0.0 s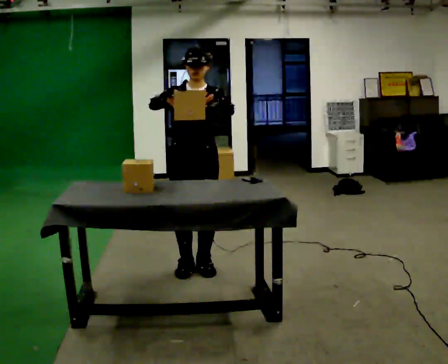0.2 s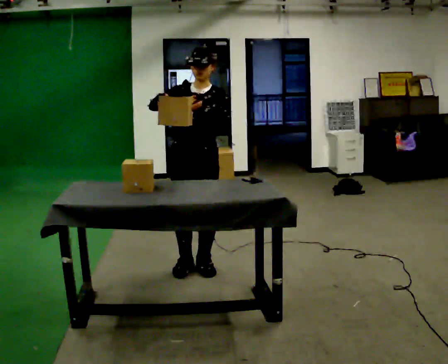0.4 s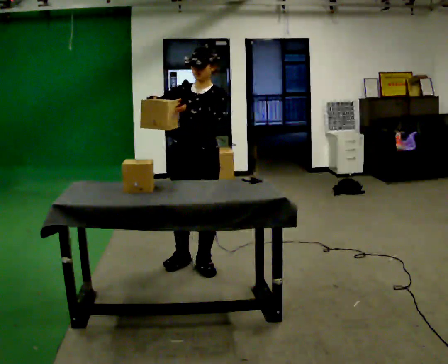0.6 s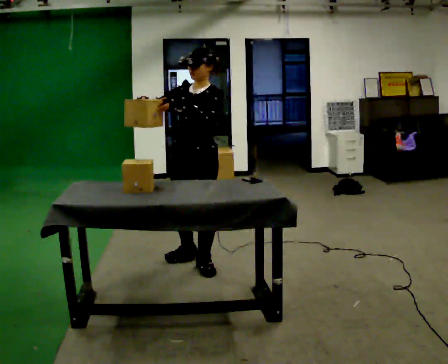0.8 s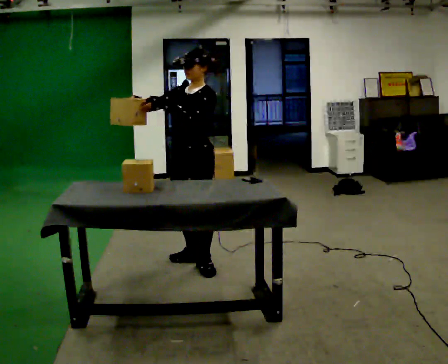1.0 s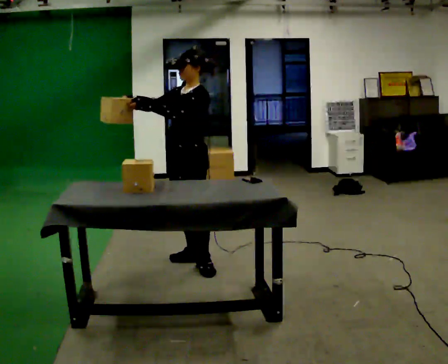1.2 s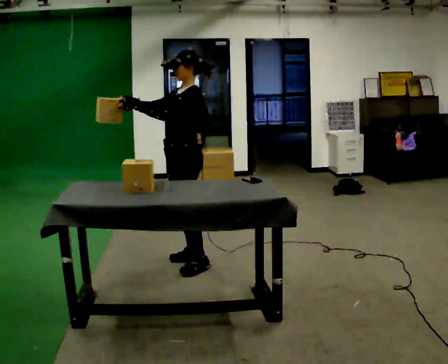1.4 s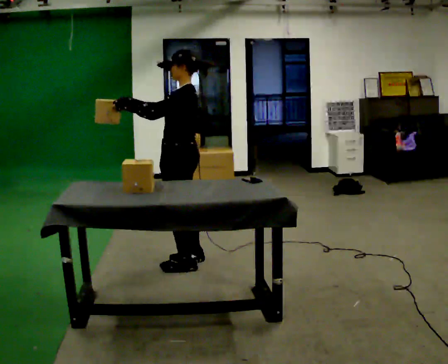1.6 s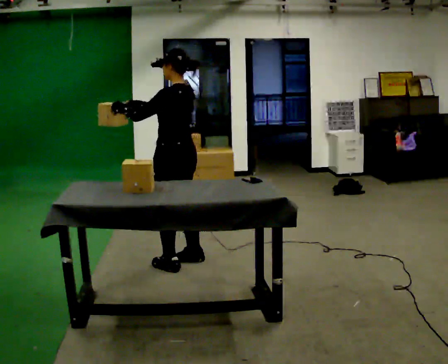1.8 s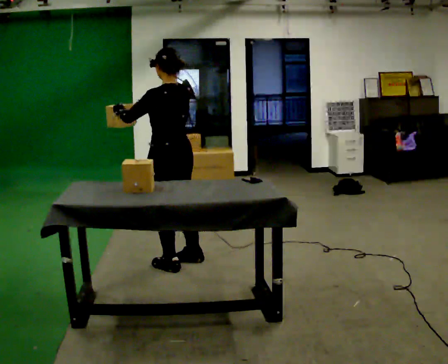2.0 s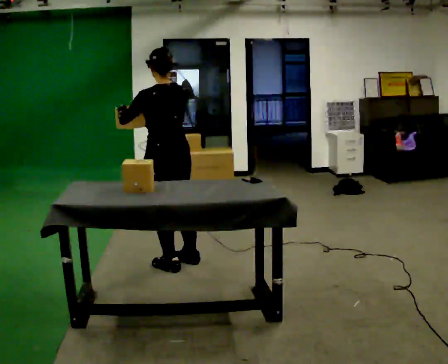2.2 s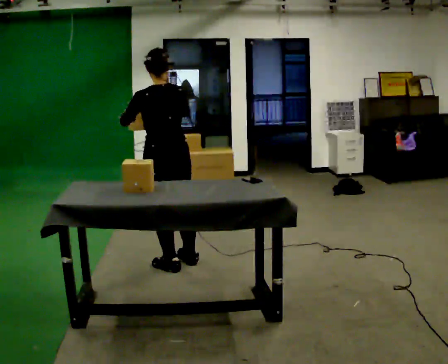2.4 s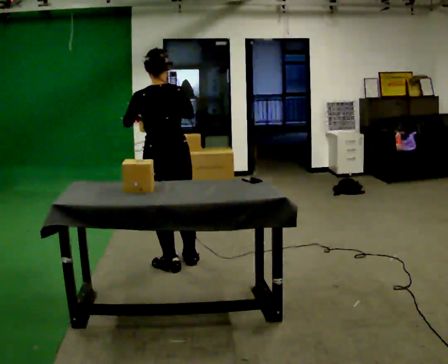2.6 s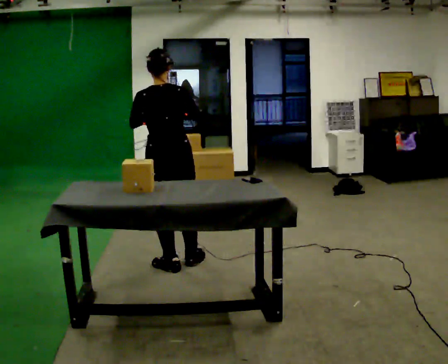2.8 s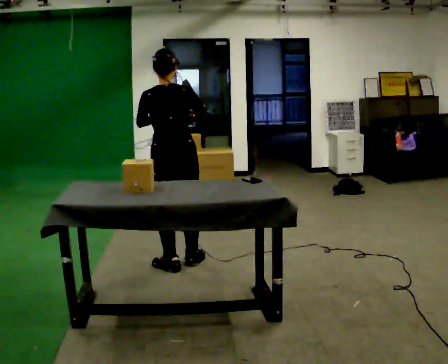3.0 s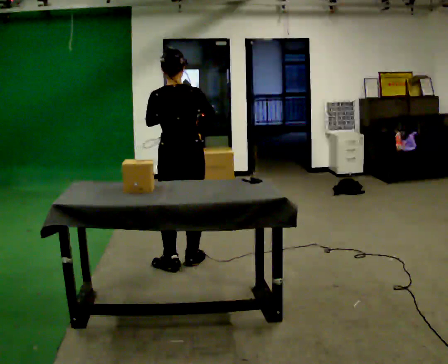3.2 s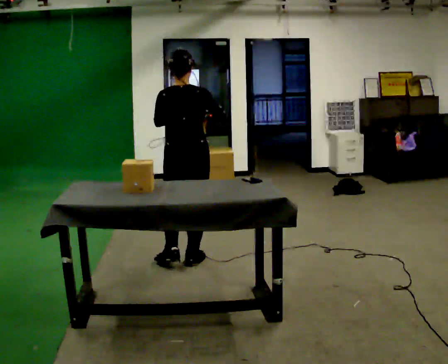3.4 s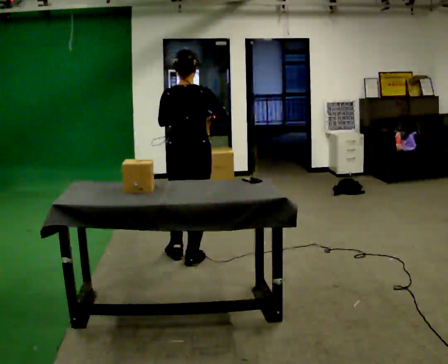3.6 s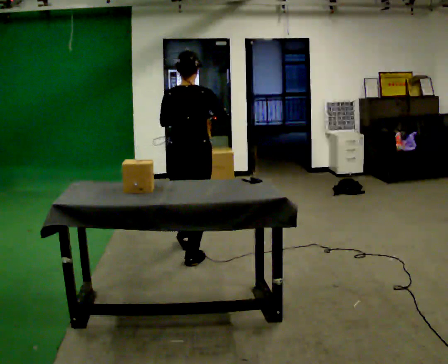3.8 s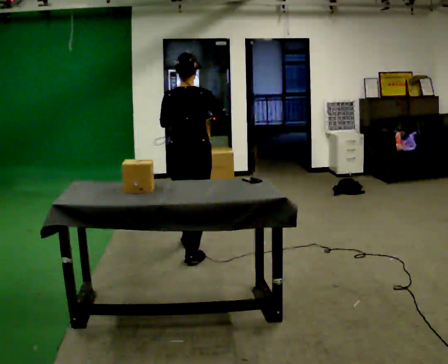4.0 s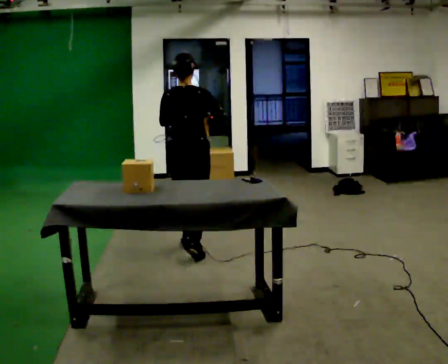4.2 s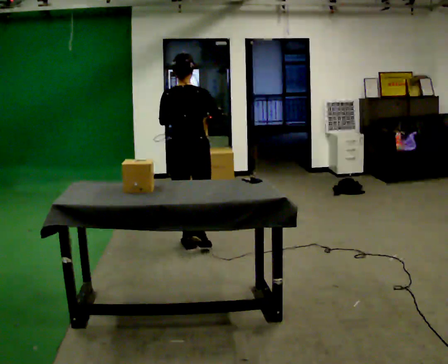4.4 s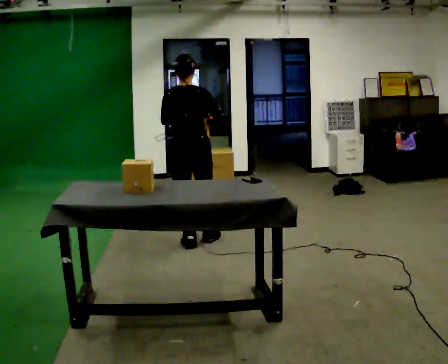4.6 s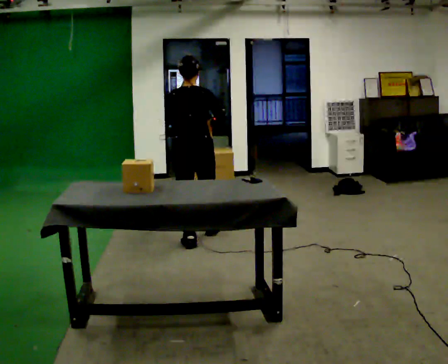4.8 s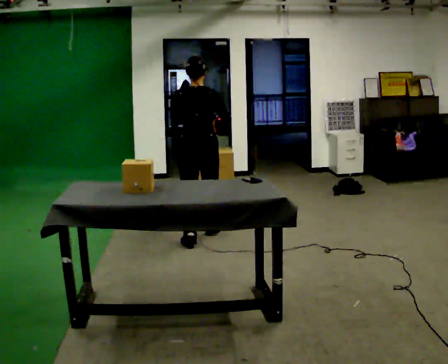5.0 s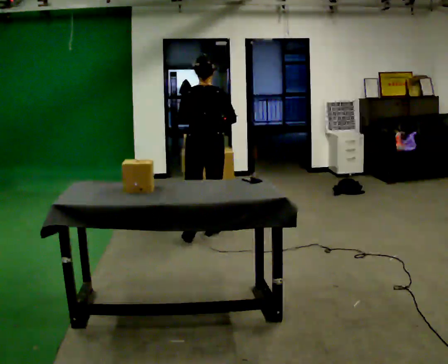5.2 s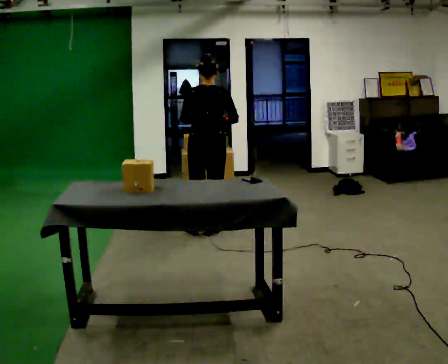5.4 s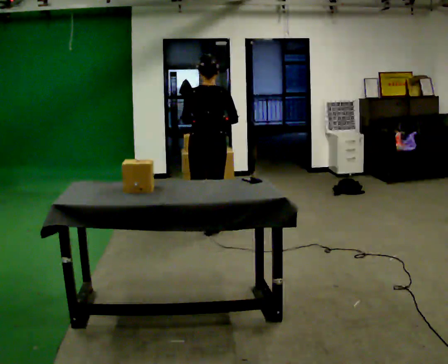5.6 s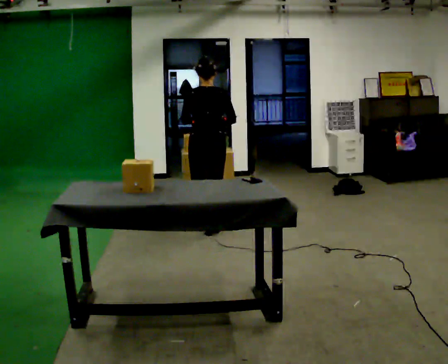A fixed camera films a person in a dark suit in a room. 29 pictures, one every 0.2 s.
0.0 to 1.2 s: The part of the body nearest the lens slides to the left as the person turns to their right by about 75 degrees. In the picture they go away from the camera, about 0.25 m in 1 step.
1.2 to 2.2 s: The part of the body nearest the lens slides to the left as the person turns to their right by about 90 degrees.
2.2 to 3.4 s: The person turns about 30 degrees to their right, clockwise seen from above, so the part of the body nearest the lens slides to the left. In the picture they go to the right, about 0.25 m, which for them is to their right and forward. In the picture their right hand goes to the right.
3.4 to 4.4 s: In the picture they go away from the camera, about 0.5 m in 1 step, which for them is forward.
4.4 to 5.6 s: In the picture they go away from the camera and to the right, about 0.5 m in 2 steps, which for them is forward.
The film runs forward here.
